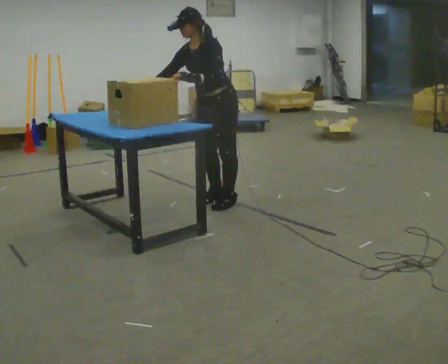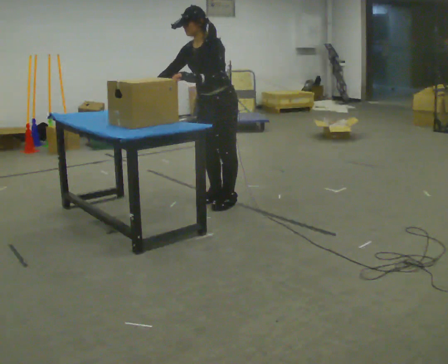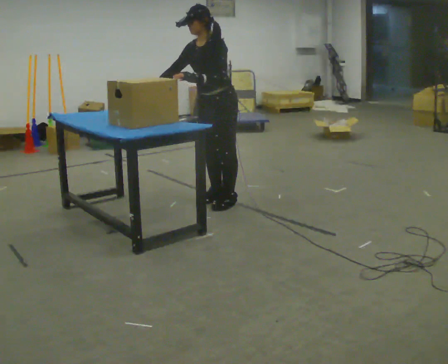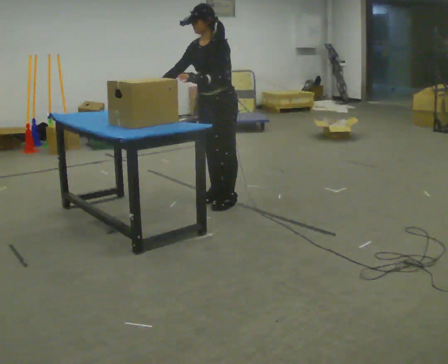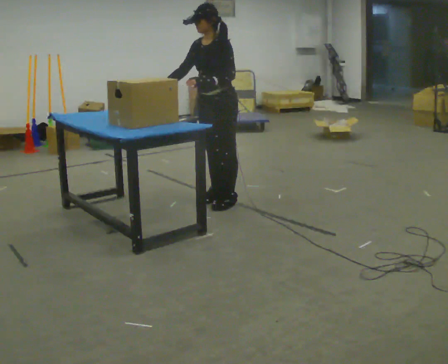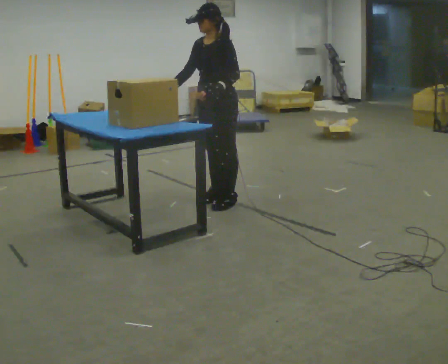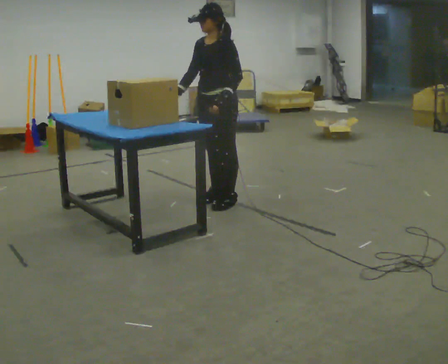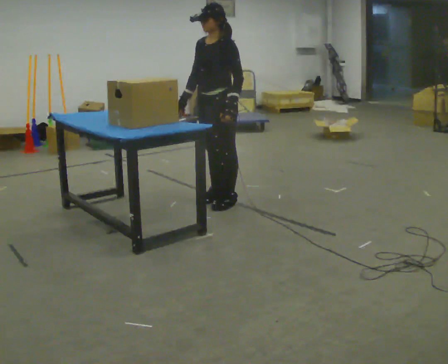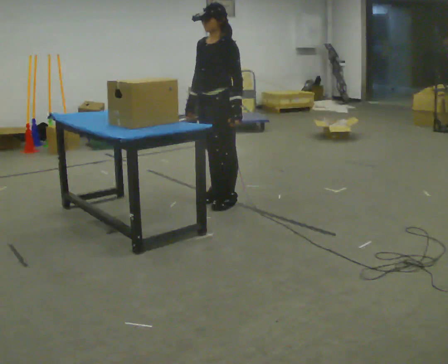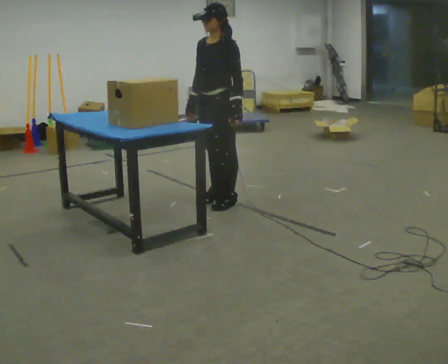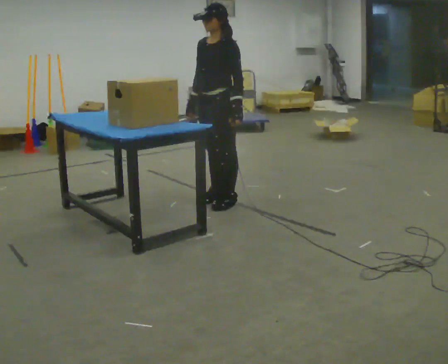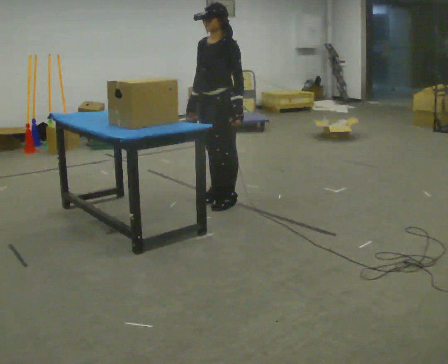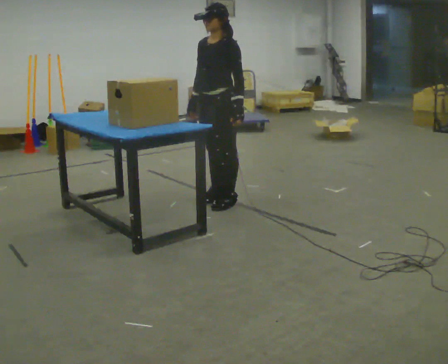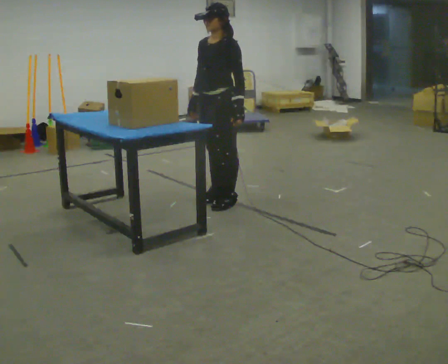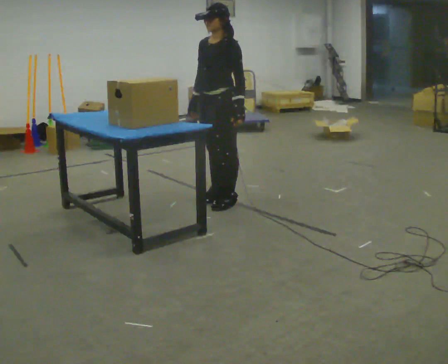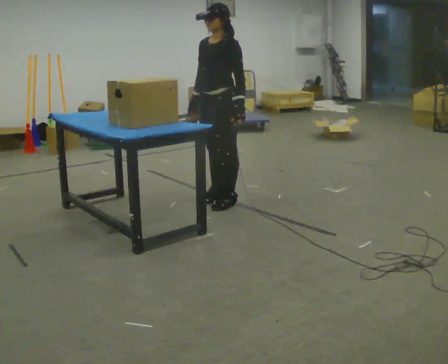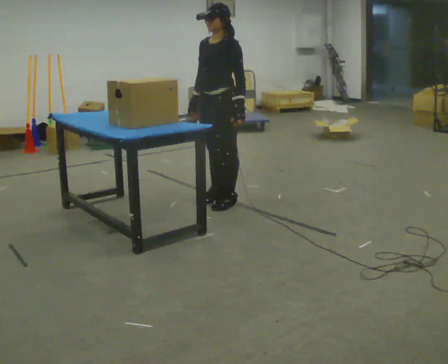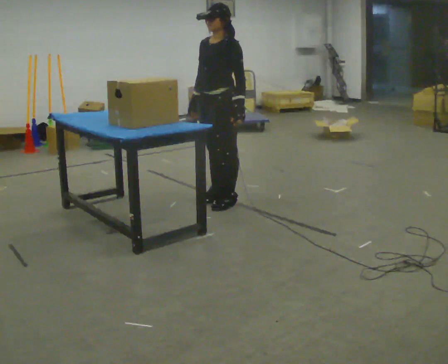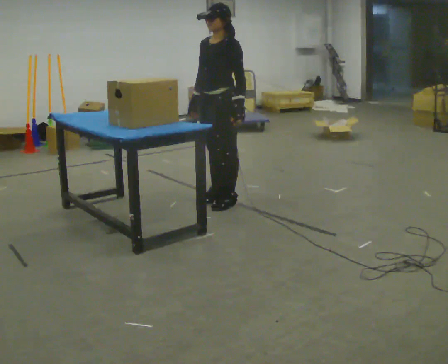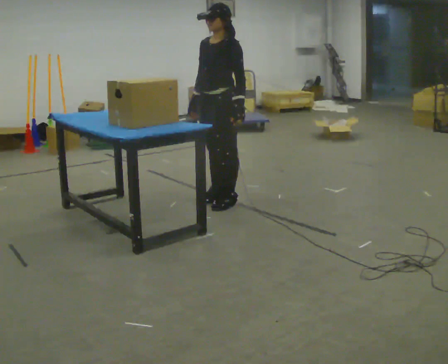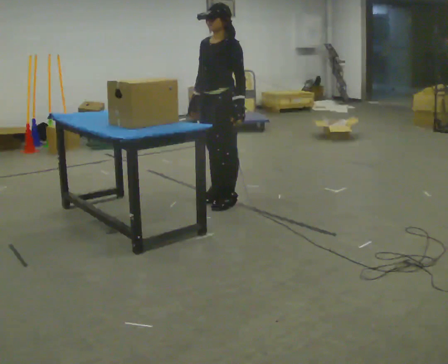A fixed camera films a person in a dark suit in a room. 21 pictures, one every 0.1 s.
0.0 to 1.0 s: In the picture the upper body tilts clockwise, shoulders to the right, as they lean back or straighten. In the picture their left hand goes to the right.
1.0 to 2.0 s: The person keeps their place and pose.
The film runs backward here.
